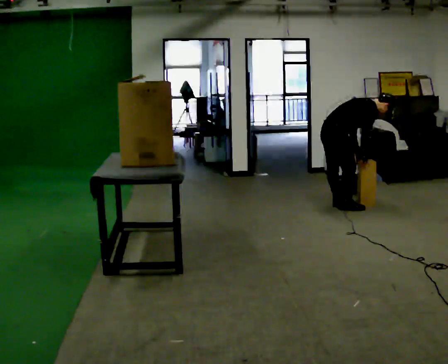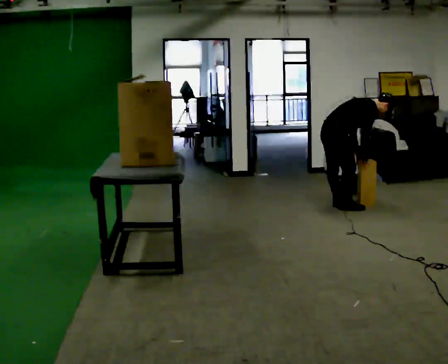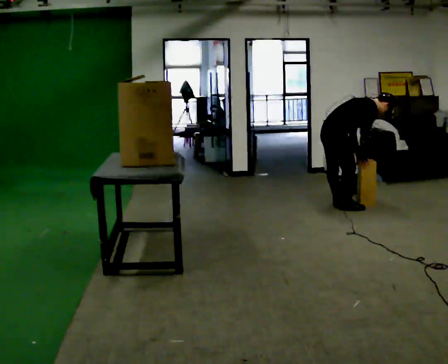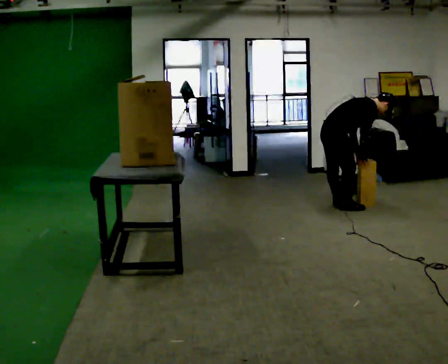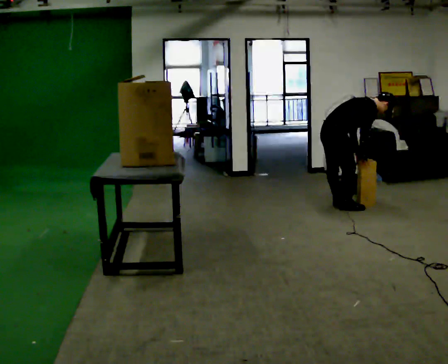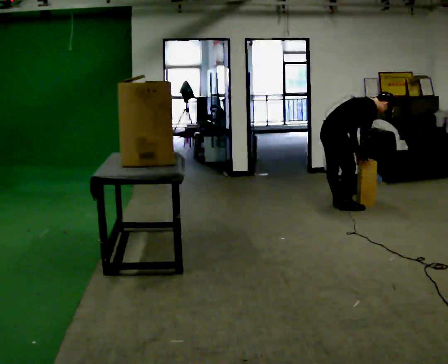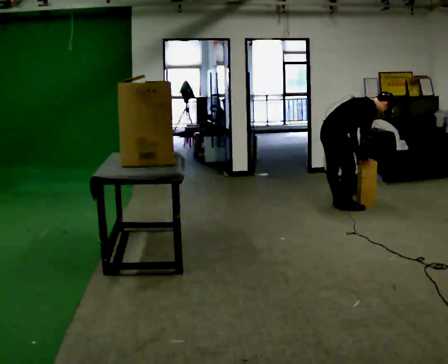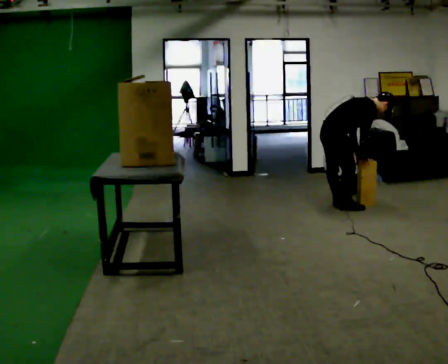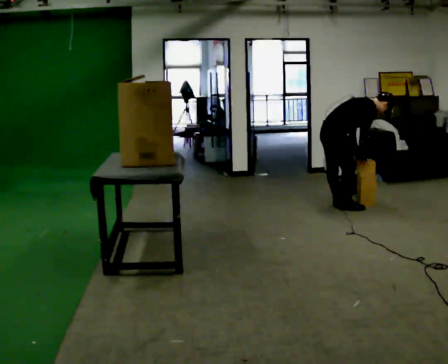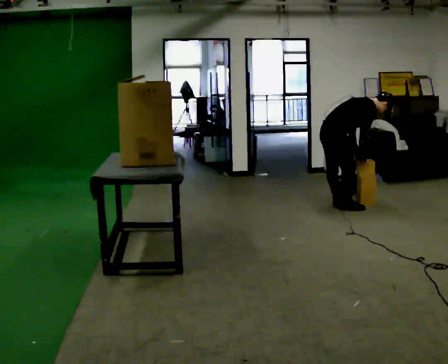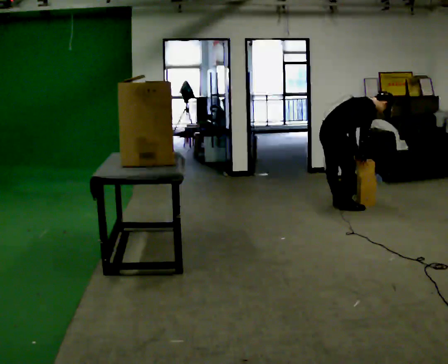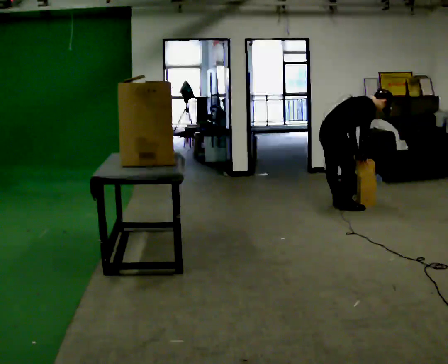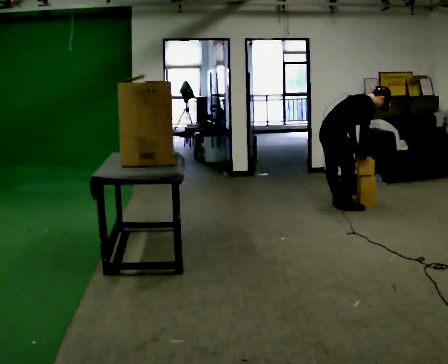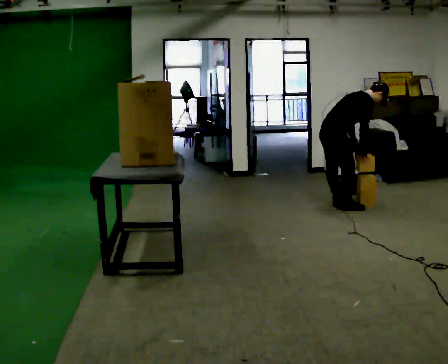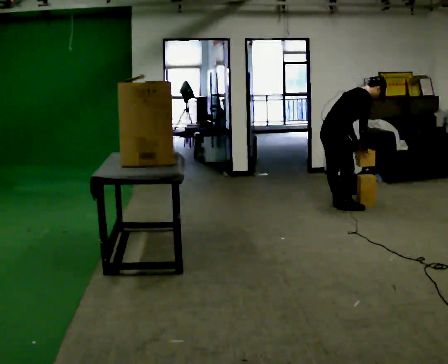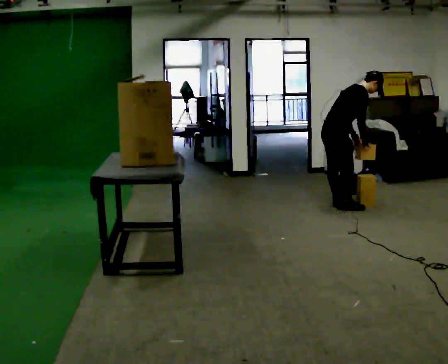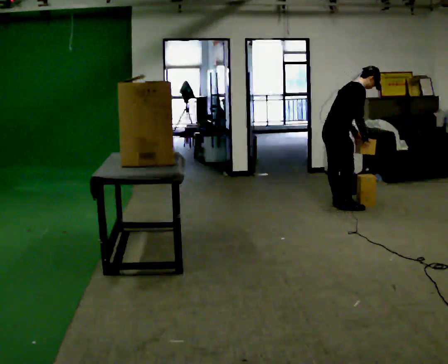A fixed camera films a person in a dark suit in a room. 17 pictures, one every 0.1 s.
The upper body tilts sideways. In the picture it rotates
counterclockwise.
0.0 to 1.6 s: The shoulders move upward. In the picture the upper body tilts counterclockwise, shoulders to the left, as they lean back or straighten.
The film runs backward here.
